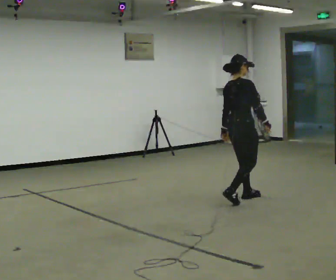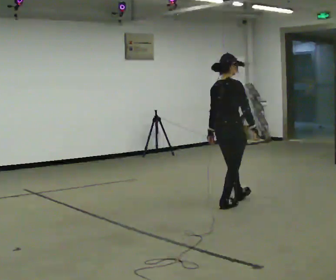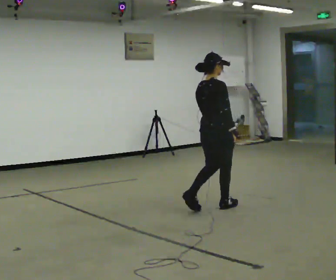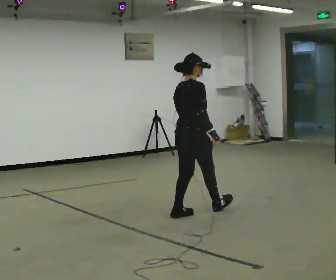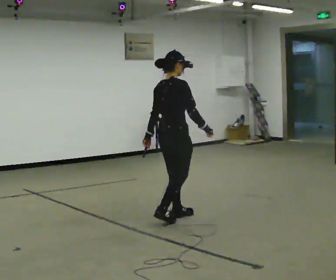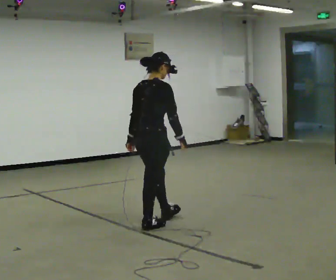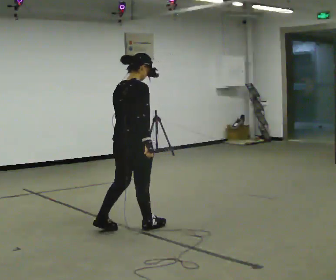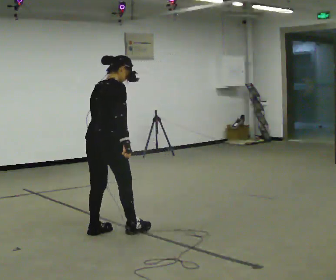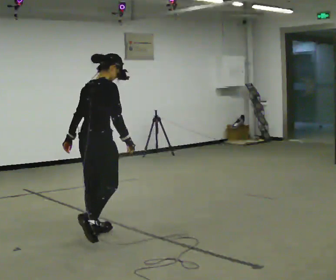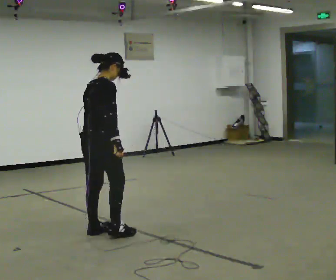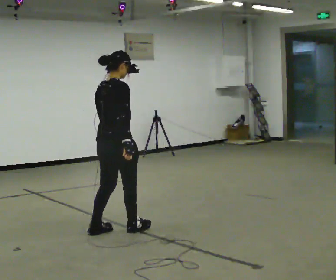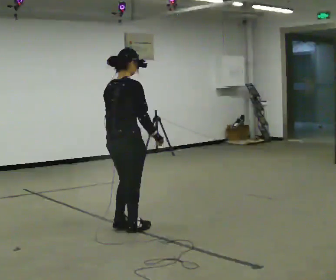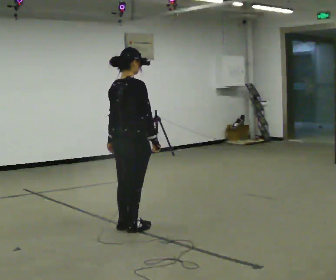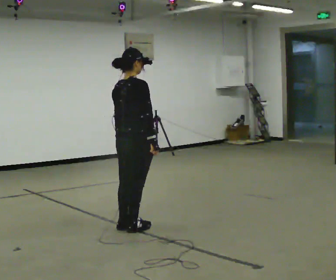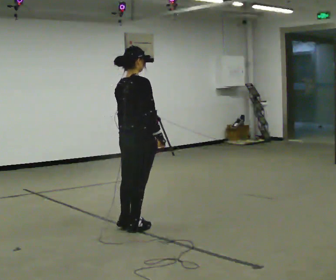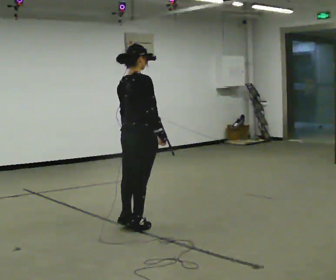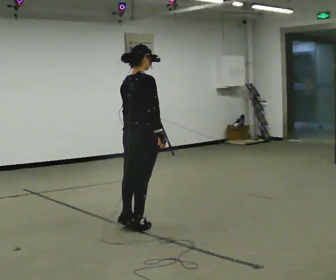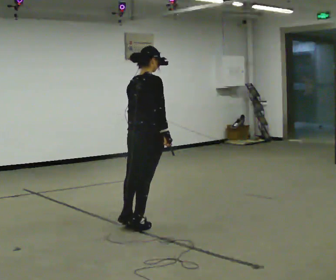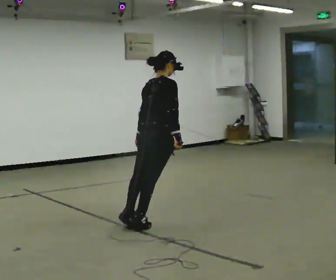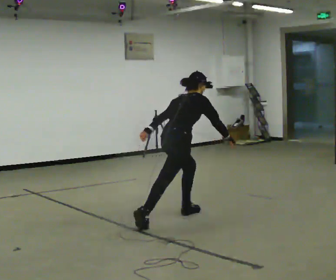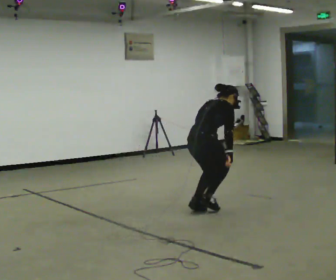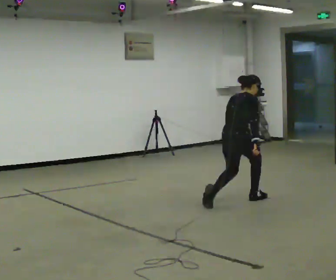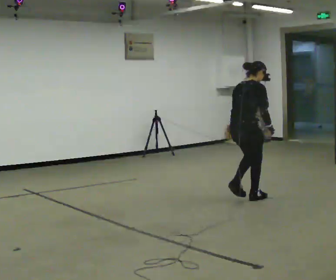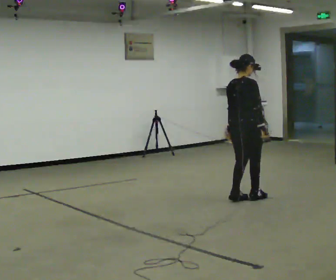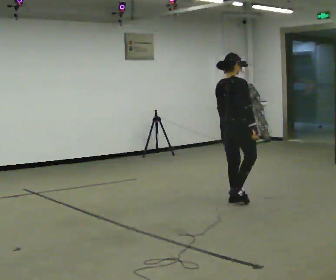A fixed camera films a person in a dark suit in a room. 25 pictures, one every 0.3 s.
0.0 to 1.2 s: In the picture they go to the left and toward the camera, about 1 m in 2 steps, which for them is backward.
1.2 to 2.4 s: In the picture they go to the left and toward the camera, about 1 m in 2 steps, which for them is backward.
2.4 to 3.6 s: In the picture they go to the right, about 0.25 m in 2 steps, which for them is forward and to their right.
3.6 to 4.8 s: The person moves a little, or ends about where they began.
4.8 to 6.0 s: In the picture they go to the right and away from the camera, about 1 m in 1 step, which for them is forward. The shoulders move downward. In the picture the upper body tilts clockwise, shoulders to the right, as they bend forward.
6.0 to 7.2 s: In the picture they go to the right and away from the camera, about 0.5 m in 2 steps, which for them is forward. The upper body goes upward. In the picture the upper body tilts counterclockwise, shoulders to the left, as they lean back or straighten.
The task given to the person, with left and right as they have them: Stand on the marked spots and rise up onto your toes. Stay up until you start to topple forward, then step to catch yourself. Repeat at your own pace until the operator says stop. Go slowly and only as far as you are comfortable. Step whenever you need to; do not try to hold on longer than feels safe.
The film runs forward here.
